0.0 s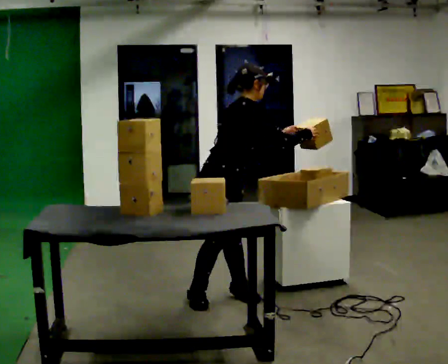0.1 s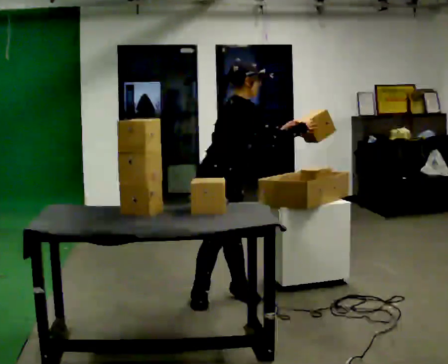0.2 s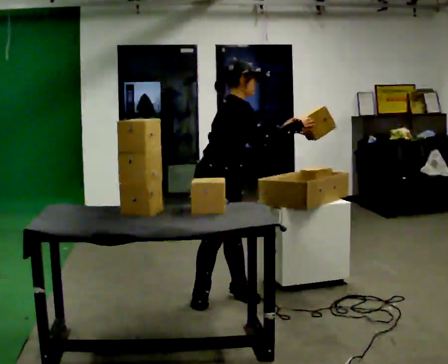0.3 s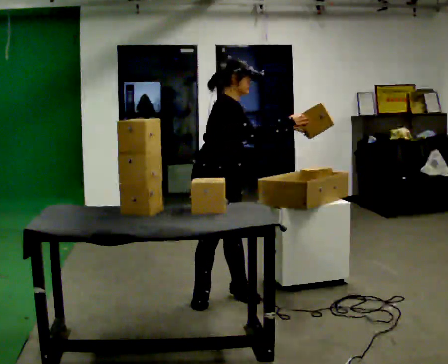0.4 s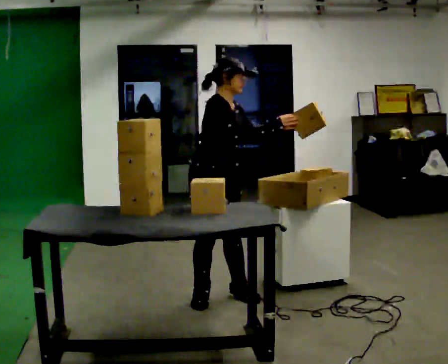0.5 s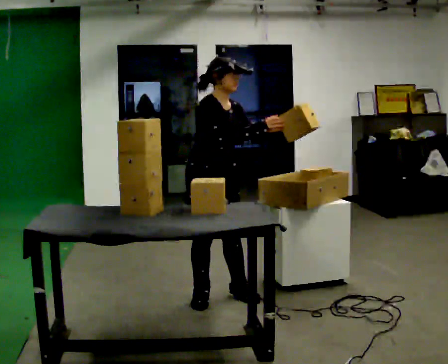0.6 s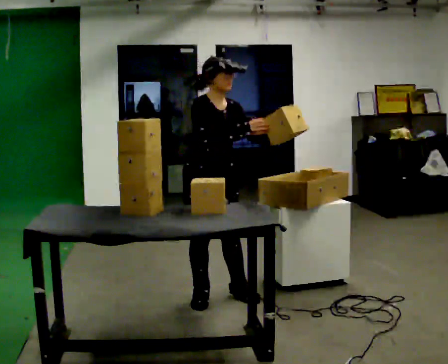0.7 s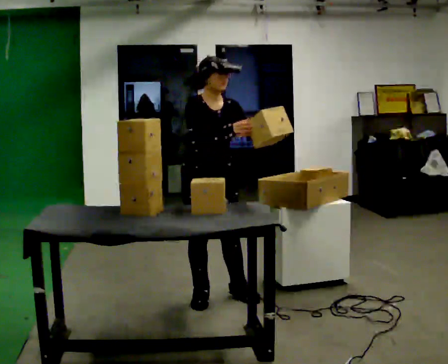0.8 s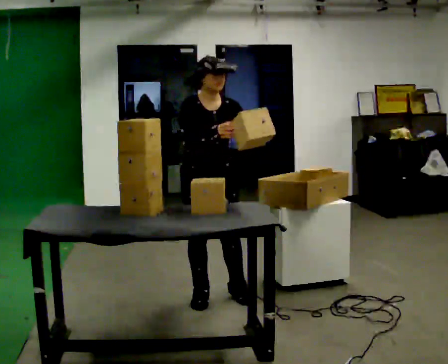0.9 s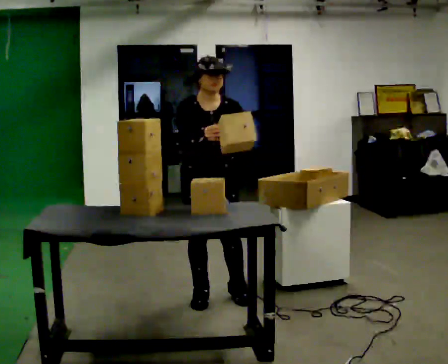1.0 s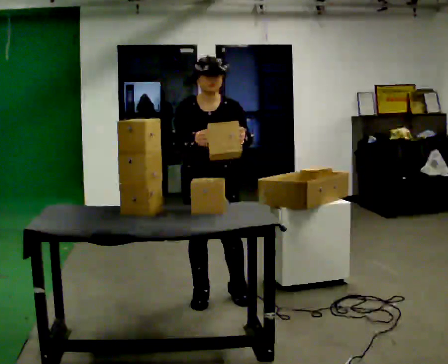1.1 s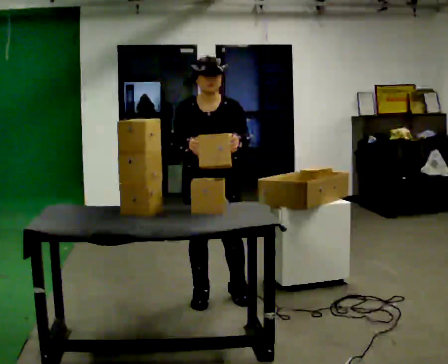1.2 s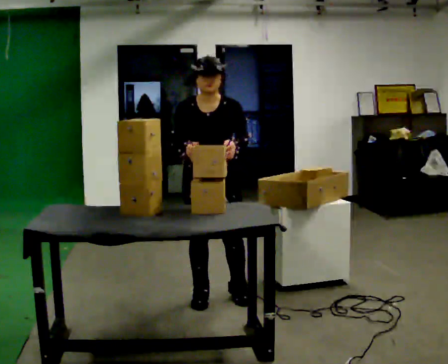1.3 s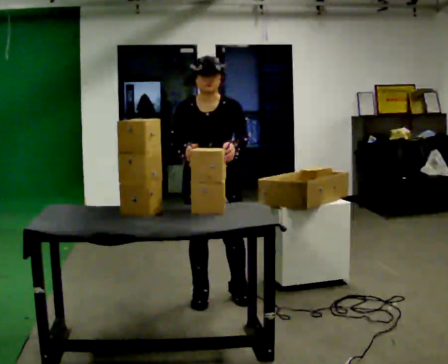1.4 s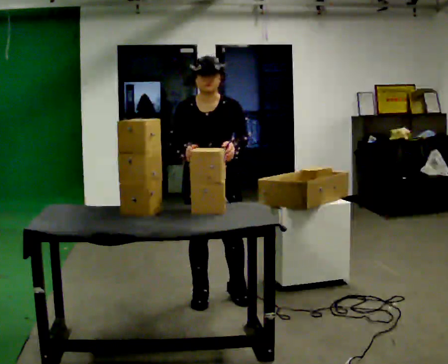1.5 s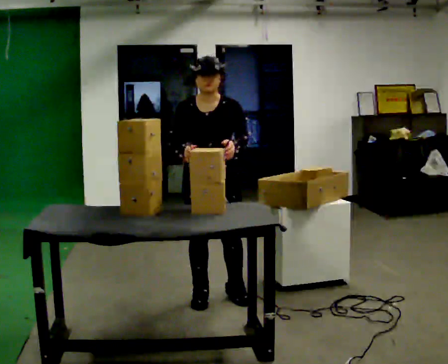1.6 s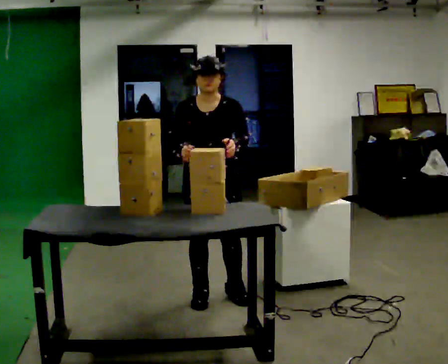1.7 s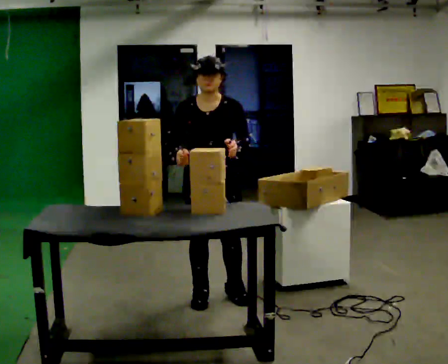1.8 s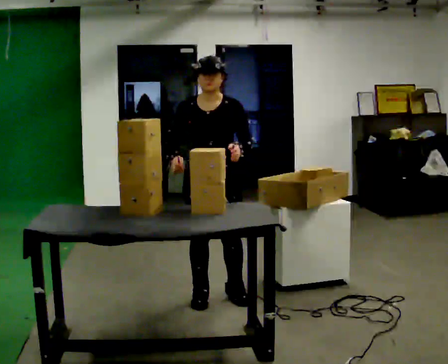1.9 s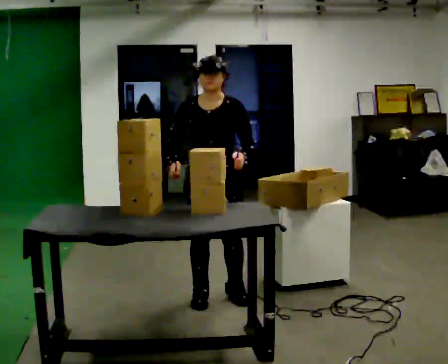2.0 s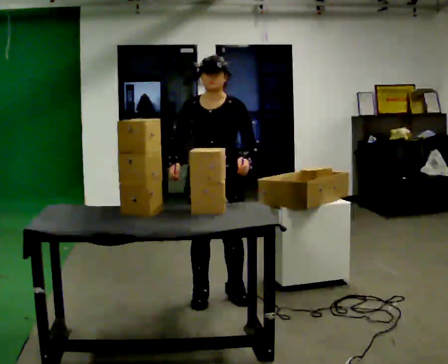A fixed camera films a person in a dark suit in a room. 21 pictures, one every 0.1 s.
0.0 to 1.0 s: The person turns about 75 degrees to their right, clockwise seen from above, so the part of the body nearest the lens slides to the left. In the picture the upper body tilts counterclockwise, shoulders to the left, as they lean back or straighten.
1.0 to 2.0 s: The person moves a little, or ends about where they began.
The film runs backward here.
